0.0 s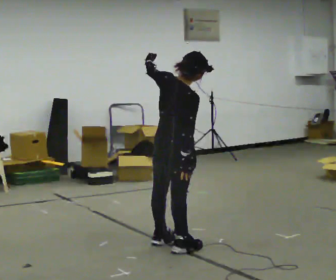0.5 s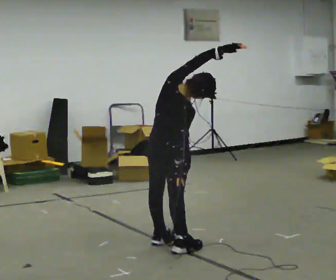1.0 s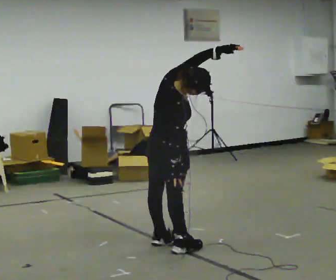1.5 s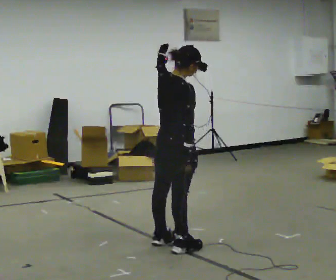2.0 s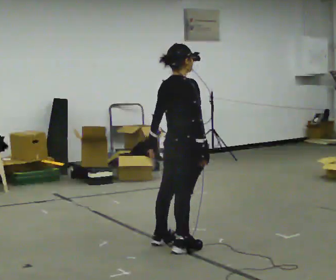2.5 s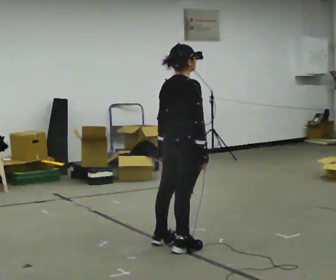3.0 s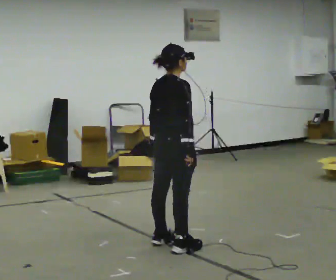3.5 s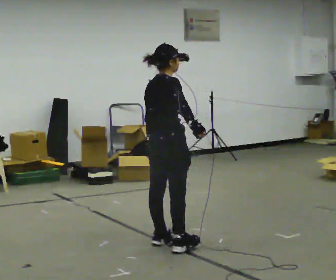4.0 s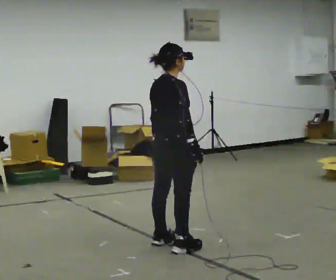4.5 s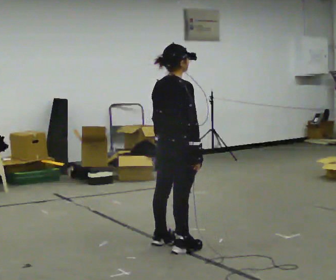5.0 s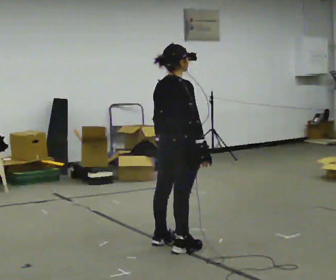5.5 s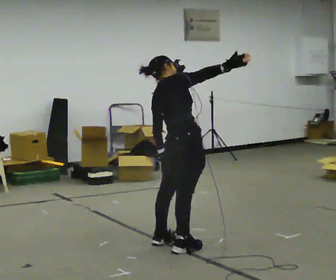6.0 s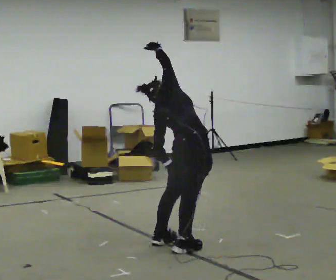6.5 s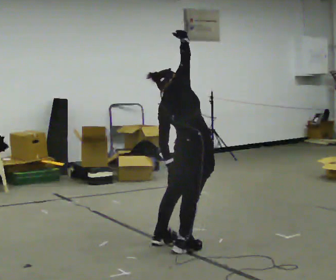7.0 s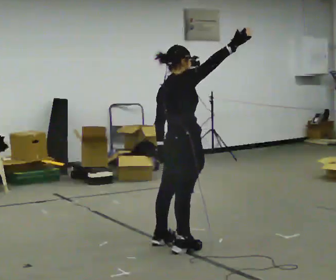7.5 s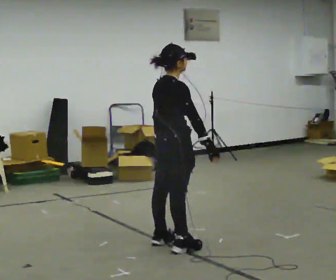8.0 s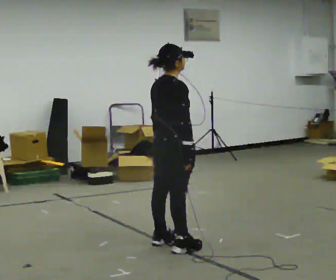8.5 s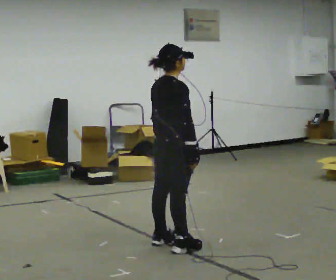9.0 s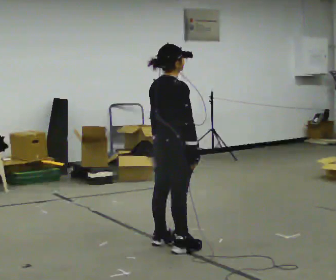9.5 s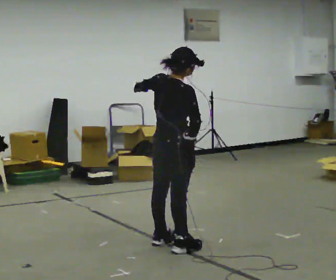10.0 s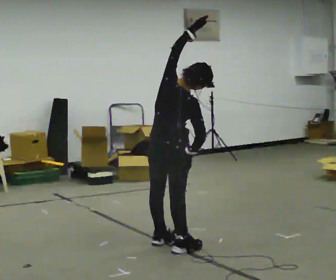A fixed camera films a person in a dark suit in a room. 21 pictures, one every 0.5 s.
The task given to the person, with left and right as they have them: Keeping your feet still and facing forward, bend your upper body sideways to one side, return upright, then bend to the other side. Reach the arm overhead as you bend. Repeat the movement at your own pace until the operator says stop; do not rush.
0.0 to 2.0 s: In the picture their left hand goes downward.
2.0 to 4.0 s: The person moves a little, or ends about where they began.
4.0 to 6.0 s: The upper body tips away from the camera, its near side rolling upward. In the picture their right hand goes upward and to the left, the arm swinging counterclockwise.
6.0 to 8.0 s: The upper body tips toward the camera, its near side rolling downward. In the picture their right hand goes downward and to the right, the arm swinging clockwise.
8.0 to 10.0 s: The upper body tips toward the camera, its near side rolling downward. In the picture their left hand goes upward.
The film runs forward here.
